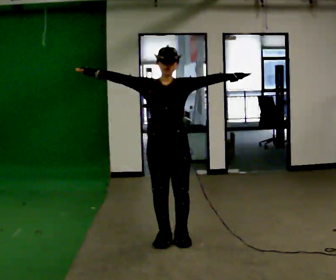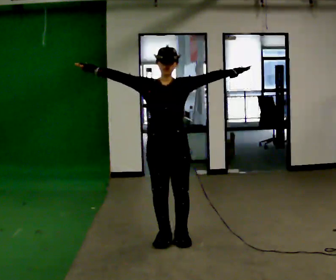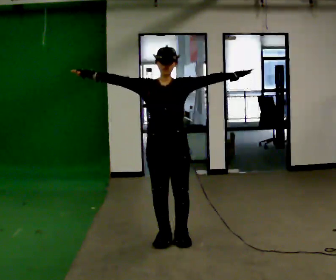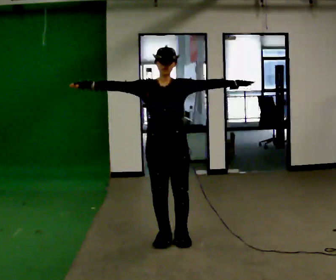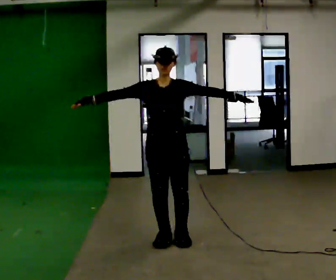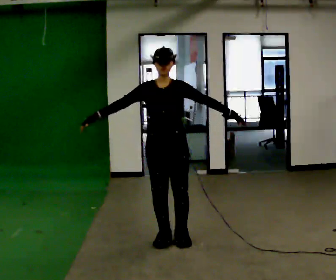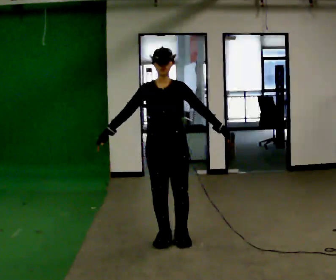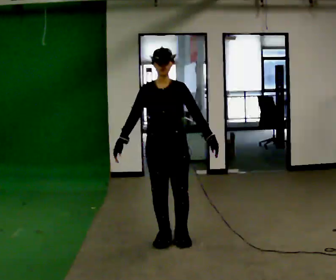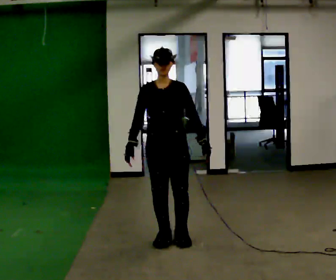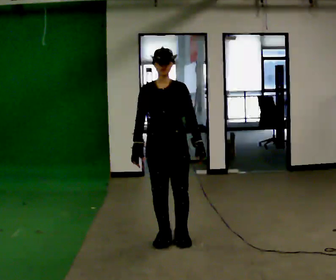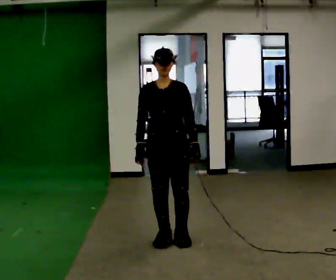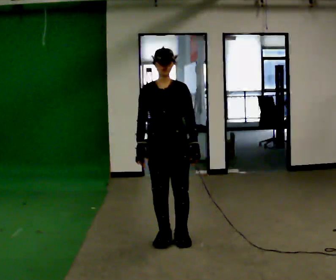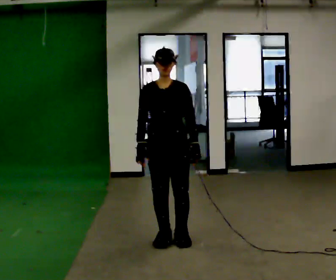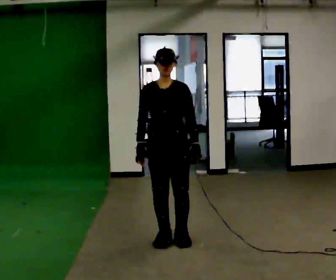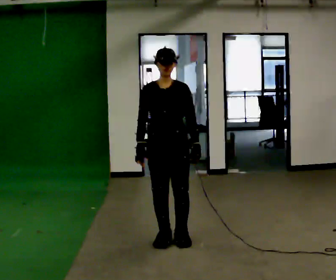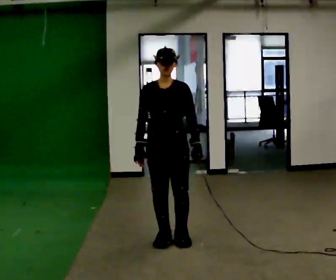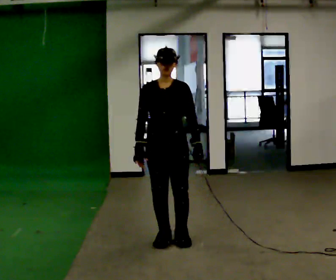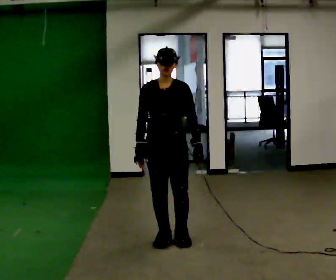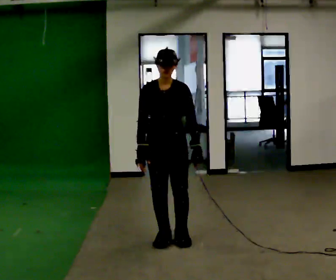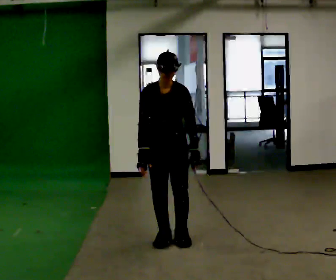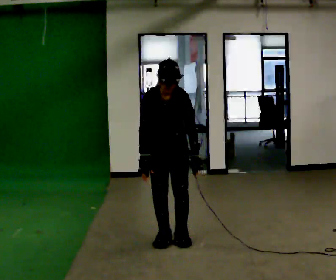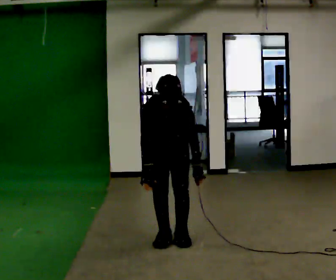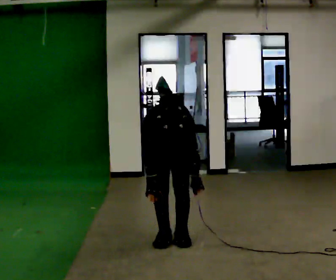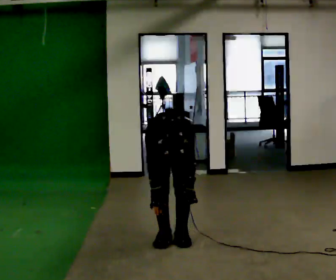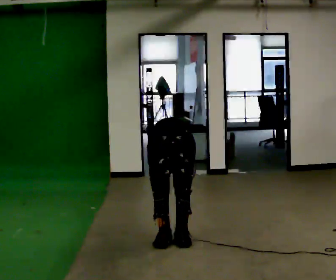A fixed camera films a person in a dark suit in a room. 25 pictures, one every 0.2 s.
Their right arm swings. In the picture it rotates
counterclockwise.
The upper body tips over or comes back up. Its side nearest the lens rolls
downward.
0.0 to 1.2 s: In the picture their right hand goes downward, the arm swinging counterclockwise.
1.2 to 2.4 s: The person moves a little, or ends about where they began.
2.4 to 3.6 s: The upper body tips toward the camera, its near side rolling downward, as they bend forward.
3.6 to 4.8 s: The upper body goes downward. The upper body tips toward the camera, its near side rolling downward, as they bend forward. In the picture their left hand goes downward.
The film runs backward here.
